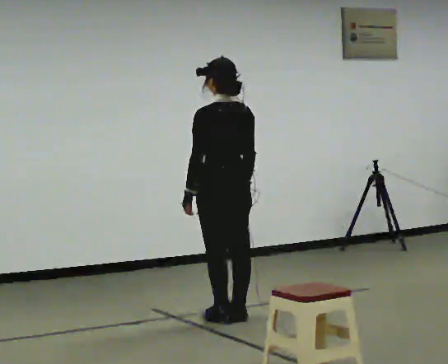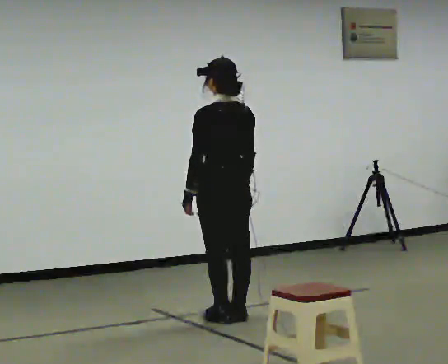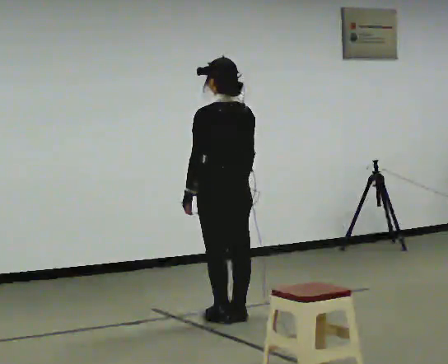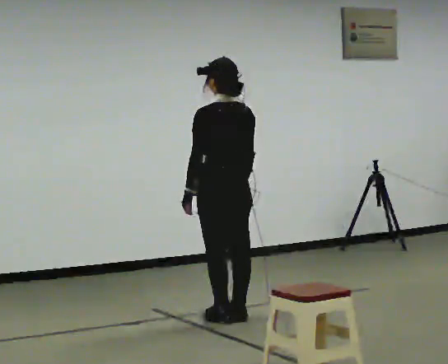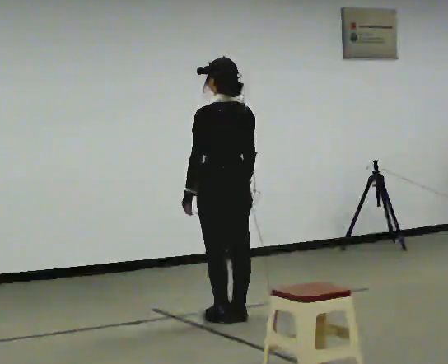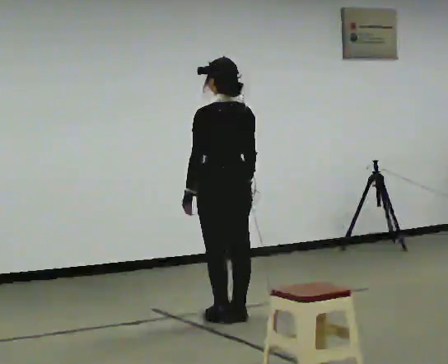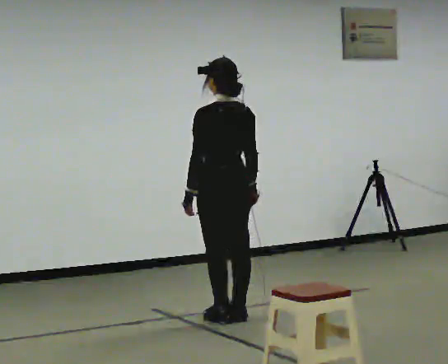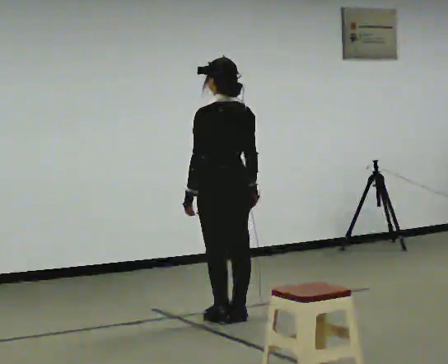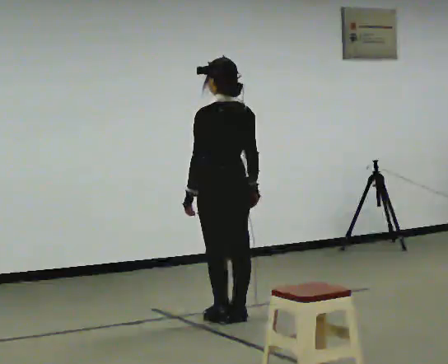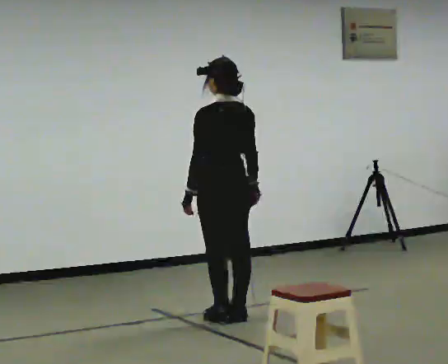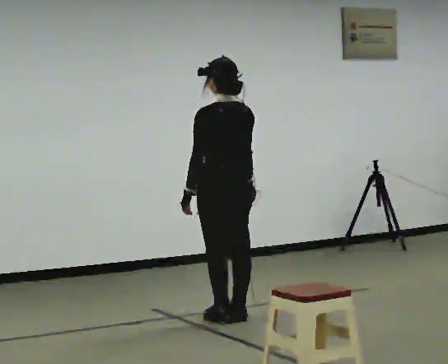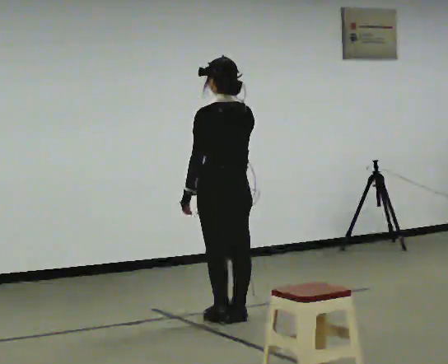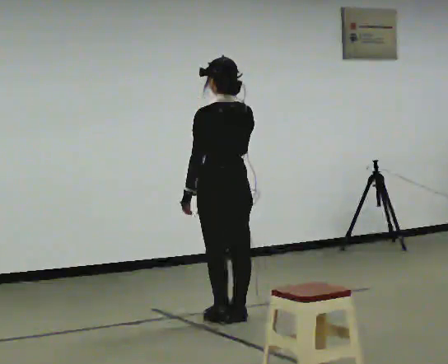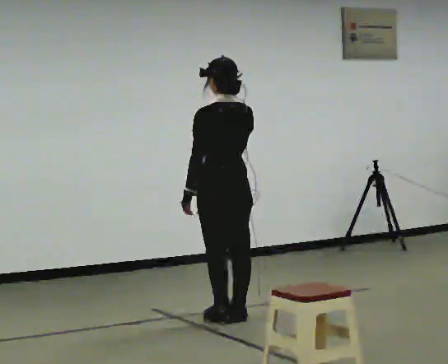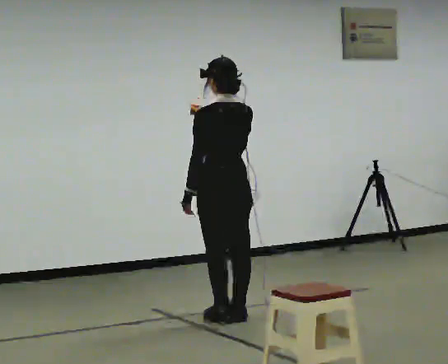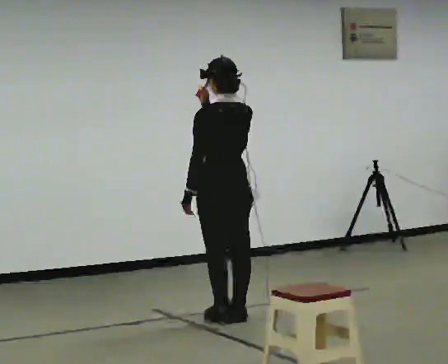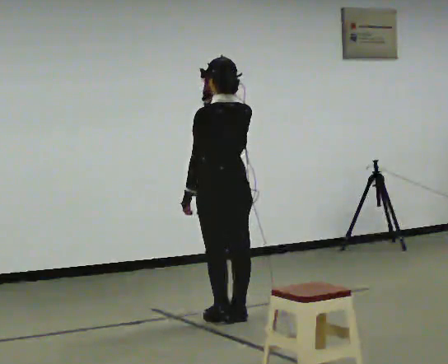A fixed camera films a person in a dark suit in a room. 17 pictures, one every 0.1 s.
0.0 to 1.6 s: In the picture their right hand goes upward.
The film runs backward here.
